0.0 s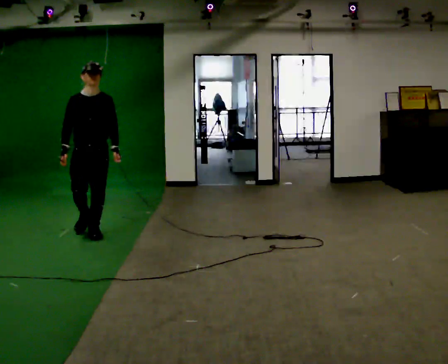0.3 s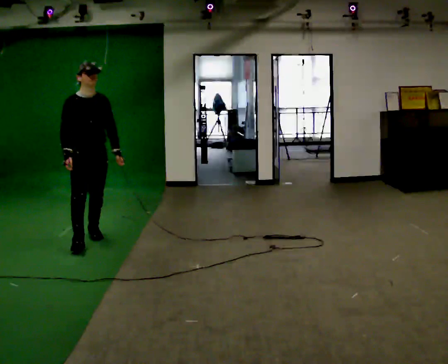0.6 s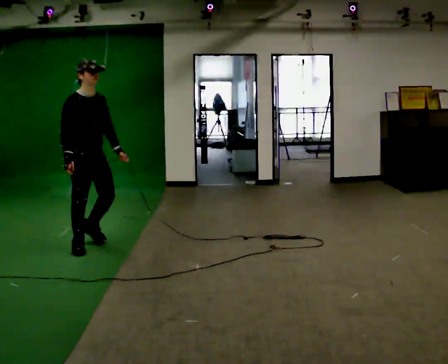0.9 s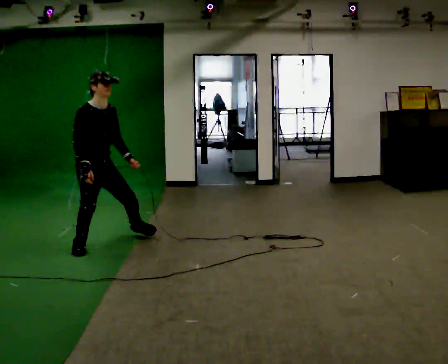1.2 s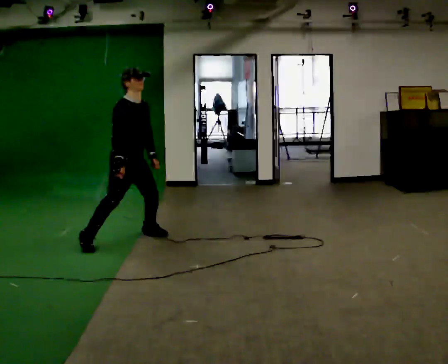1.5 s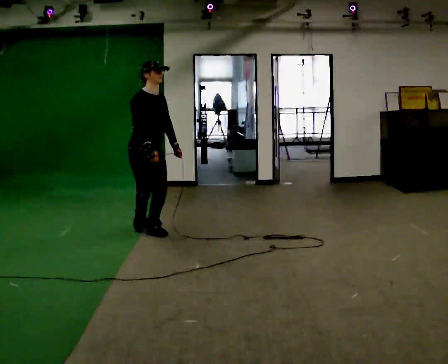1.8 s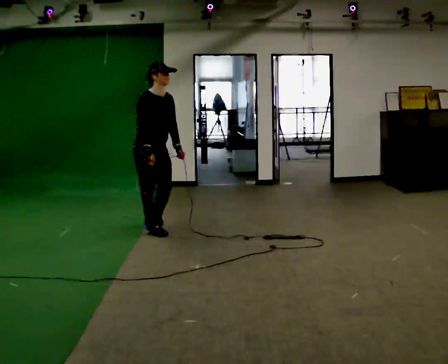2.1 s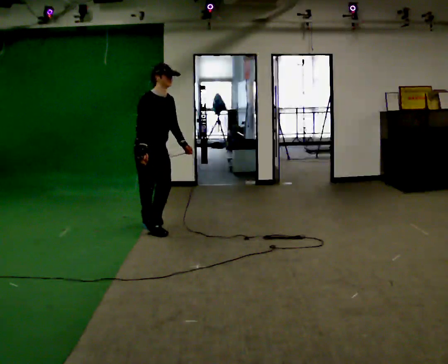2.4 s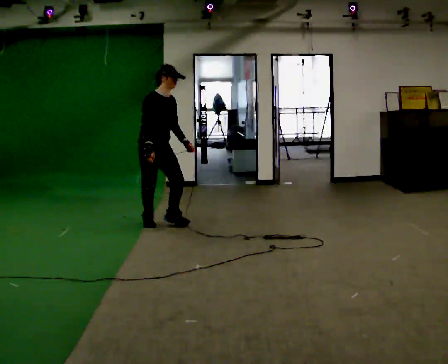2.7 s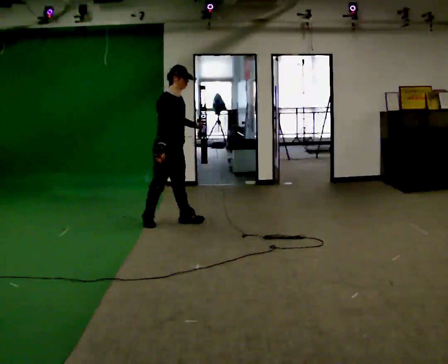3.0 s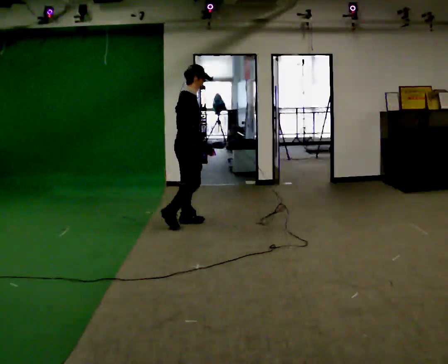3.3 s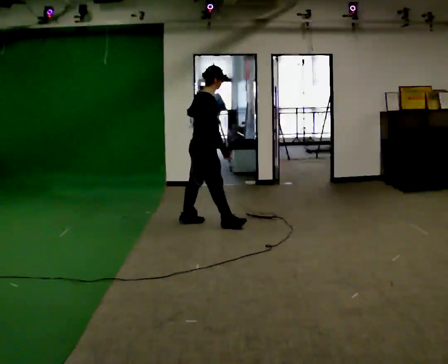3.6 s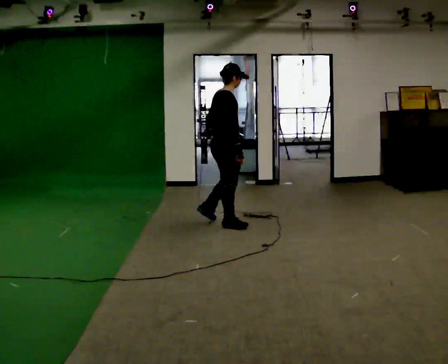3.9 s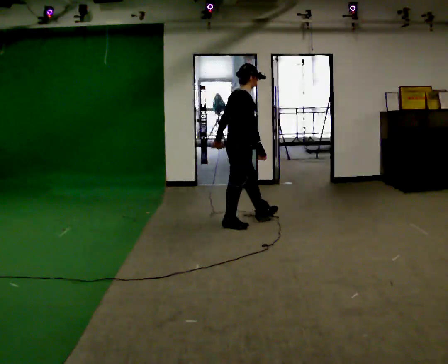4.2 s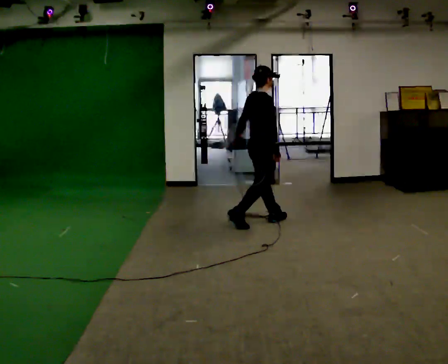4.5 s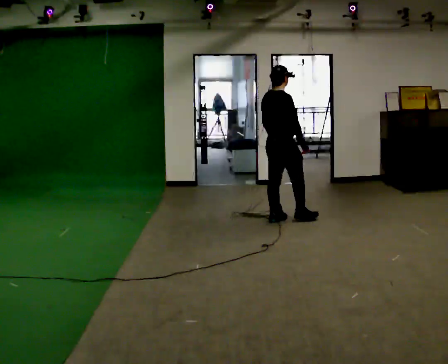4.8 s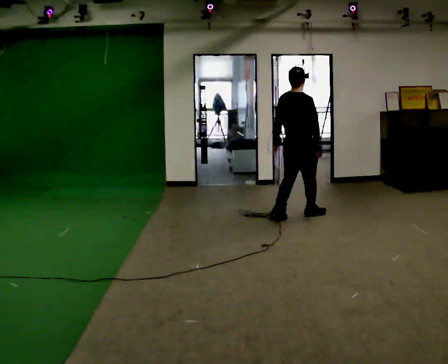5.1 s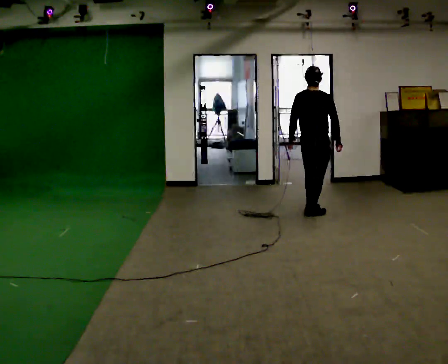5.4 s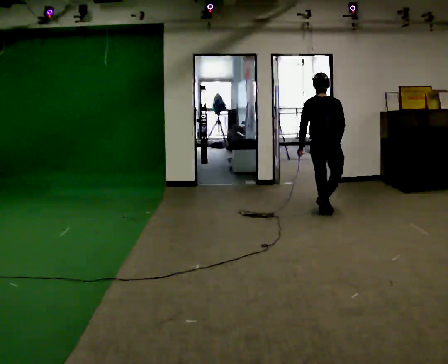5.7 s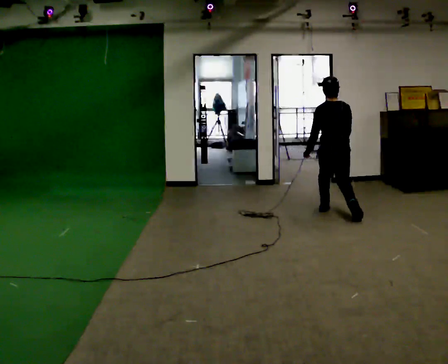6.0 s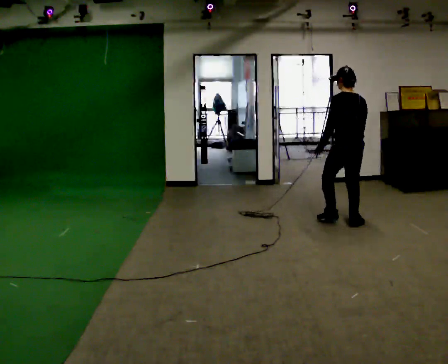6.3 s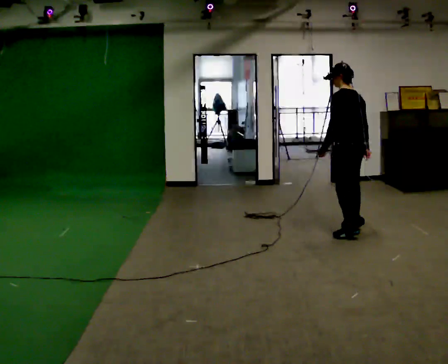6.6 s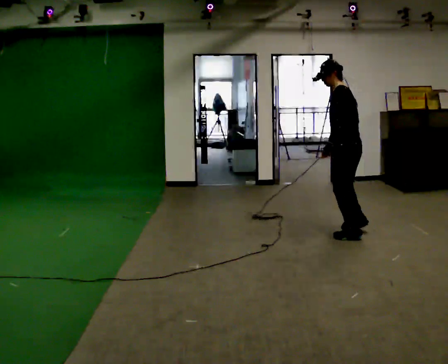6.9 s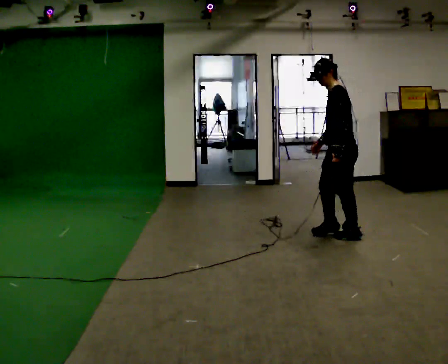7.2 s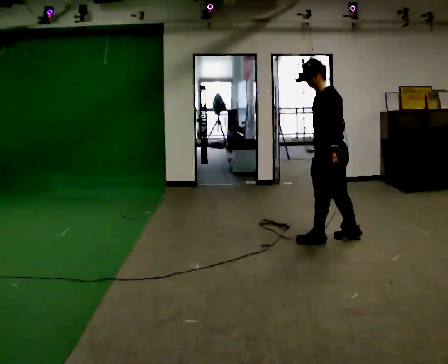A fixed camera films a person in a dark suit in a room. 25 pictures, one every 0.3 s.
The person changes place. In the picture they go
to the right.
The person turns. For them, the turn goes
to their left.
0.0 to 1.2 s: The part of the body nearest the lens slides to the right as the person turns to their left by about 45 degrees. In the picture they go to the right, about 0.5 m in 2 steps, which for them is forward and to their left.
1.2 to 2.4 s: In the picture they go away from the camera, about 0.5 m in 1 step, which for them is to their left.
2.4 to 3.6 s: The person turns about 60 degrees to their left, counterclockwise seen from above, so the part of the body nearest the lens slides to the right. In the picture they go to the right, about 0.5 m in 2 steps, which for them is forward.
3.6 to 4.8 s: The part of the body nearest the lens slides to the right as the person turns to their left by about 45 degrees. In the picture they go to the right and away from the camera, about 1 m in 2 steps, which for them is forward.
4.8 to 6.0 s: The person turns about 60 degrees to their left, counterclockwise seen from above, so the part of the body nearest the lens slides to the right. In the picture they go to the right and toward the camera, about 0.5 m in 2 steps, which for them is to their right and backward.
6.0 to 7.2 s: Seen from above the body turns counterclockwise, about 90 degrees: to their left, with its near side sliding to the right. In the picture they go toward the camera and to the left, about 0.75 m in 2 steps.
The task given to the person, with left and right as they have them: Move around the room freely as if avoiding someone: change speed and direction whenever you like. Keep moving until the operator says stop.
The film runs forward here.
